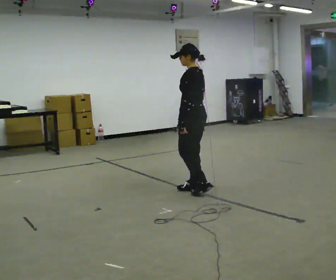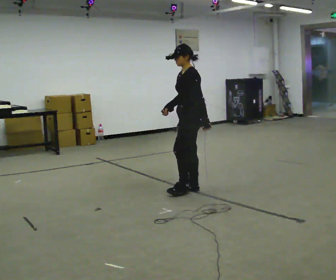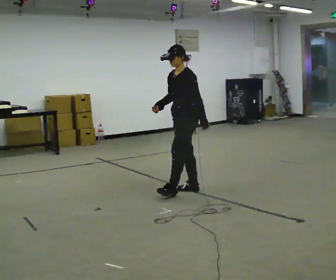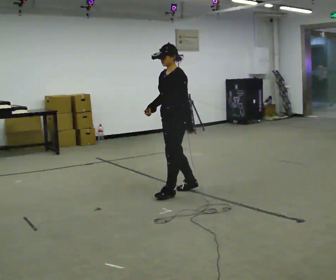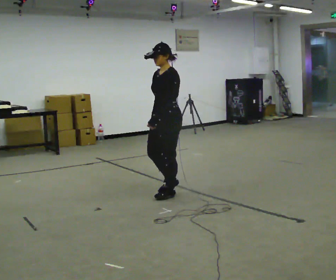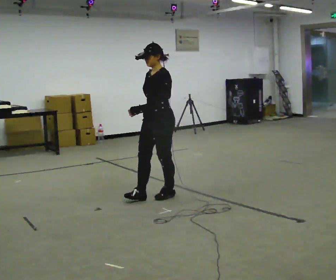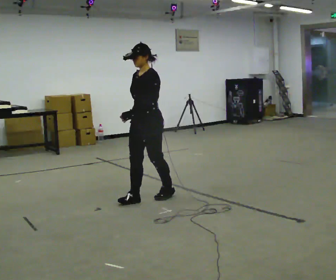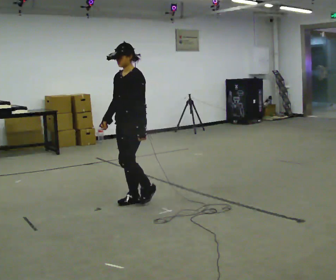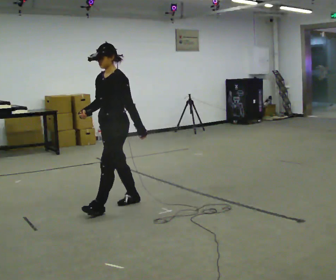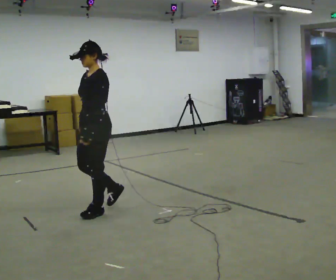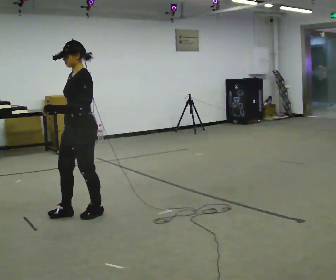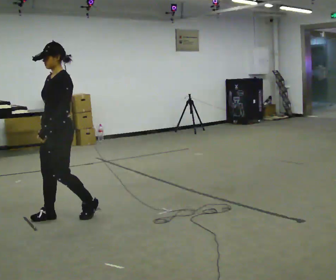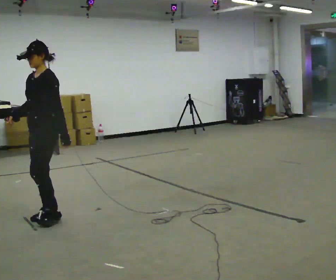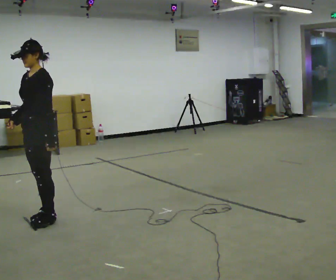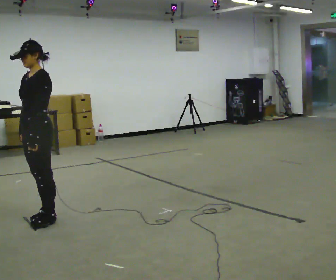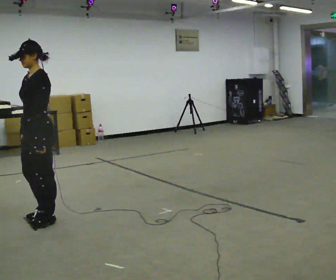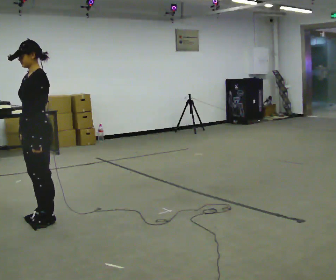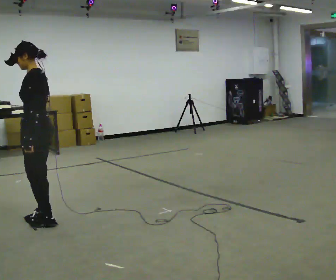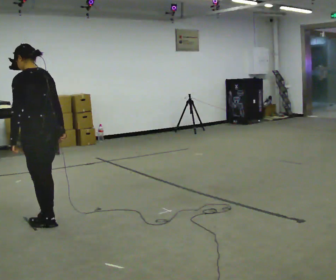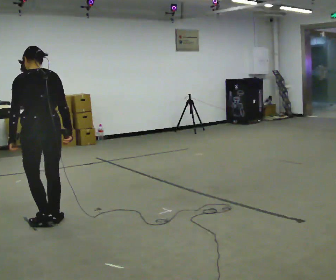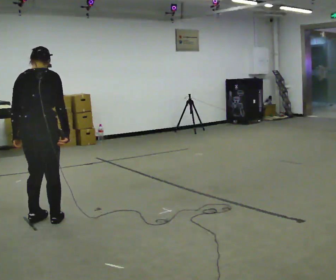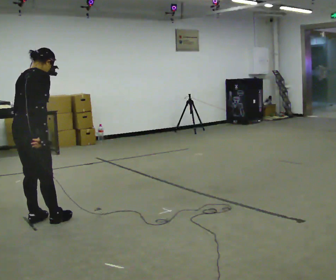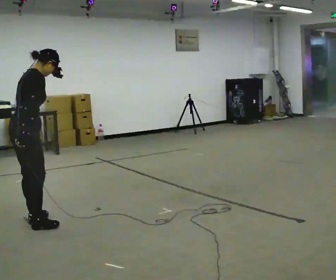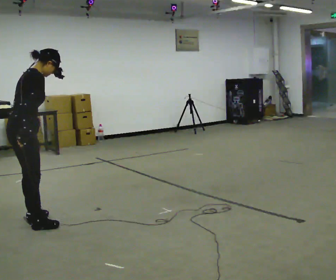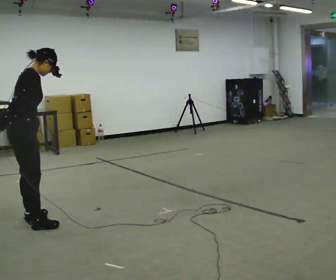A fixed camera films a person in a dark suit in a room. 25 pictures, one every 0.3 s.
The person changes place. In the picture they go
to the left.
0.0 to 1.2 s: The person turns about 45 degrees to their left, counterclockwise seen from above, so the part of the body nearest the lens slides to the right. In the picture they go to the left, about 0.25 m in 1 step, which for them is forward.
1.2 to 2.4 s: In the picture they go to the left, about 0.75 m in 2 steps, which for them is forward.
2.4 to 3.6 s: In the picture they go to the left, about 0.75 m in 1 step, which for them is forward.
3.6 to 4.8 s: The person moves a little, or ends about where they began.
4.8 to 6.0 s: The part of the body nearest the lens slides to the left as the person turns to their right by about 135 degrees. In the picture their right hand goes to the right, the arm swinging counterclockwise.
6.0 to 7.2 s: Seen from above the body turns clockwise, about 45 degrees: to their right, with its near side sliding to the left. In the picture their right hand goes to the left, the arm swinging clockwise.
The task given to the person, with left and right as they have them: Walk normally; turn left/right while slowing; after turn accelerate back to normal.
The film runs forward here.
